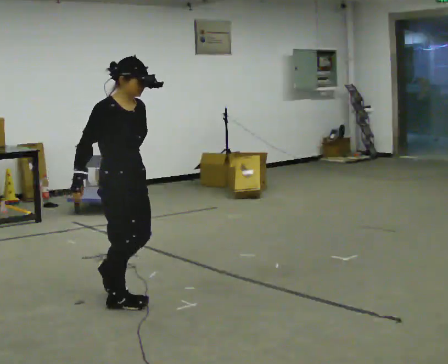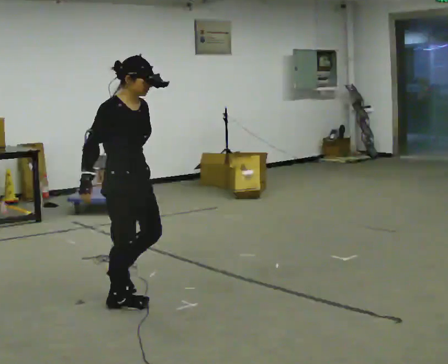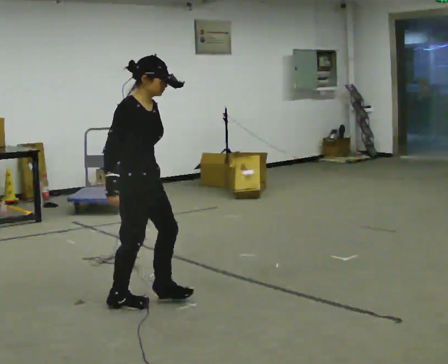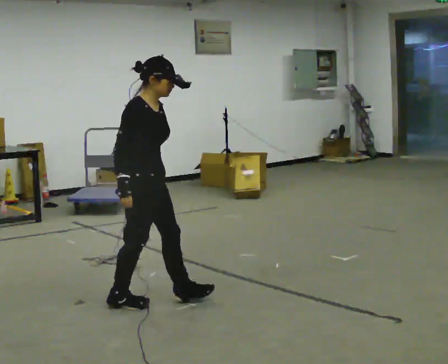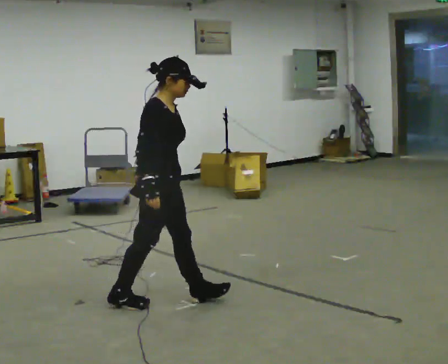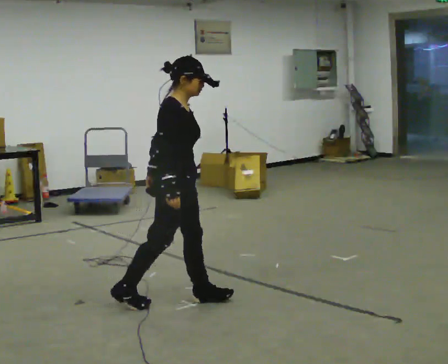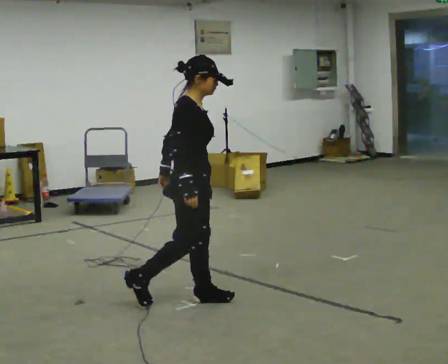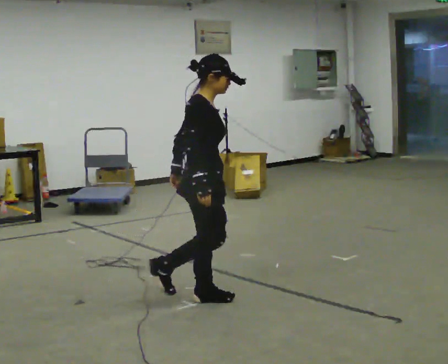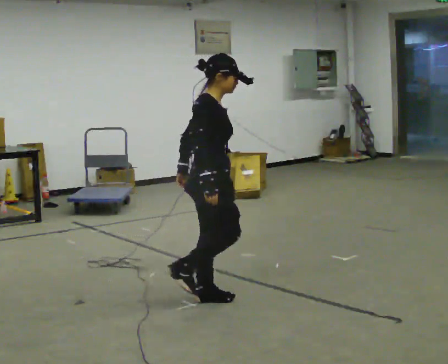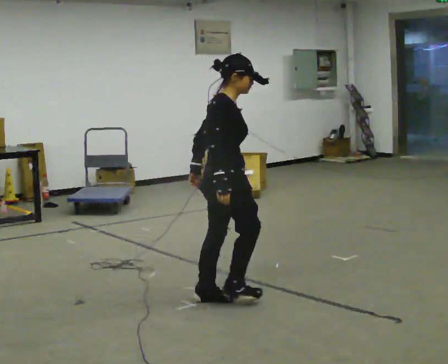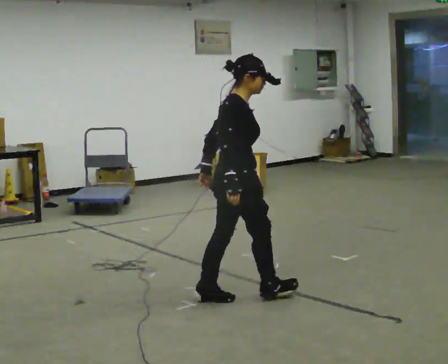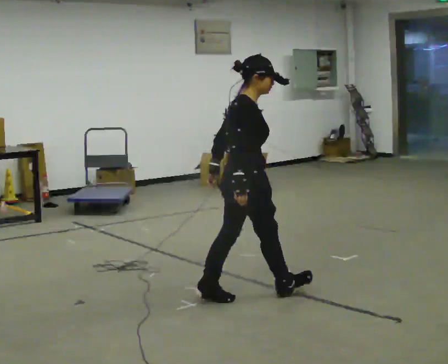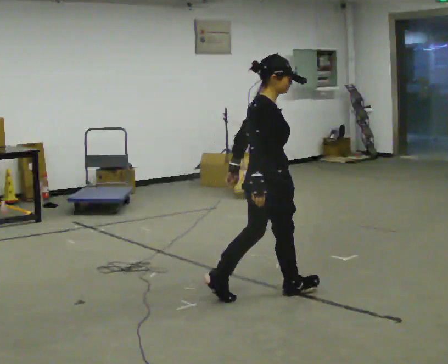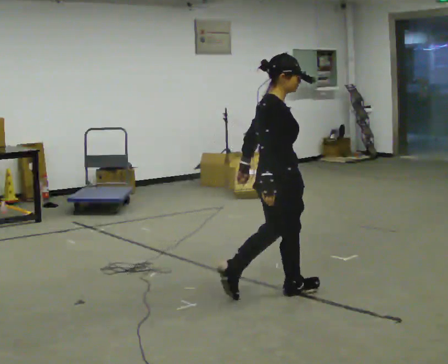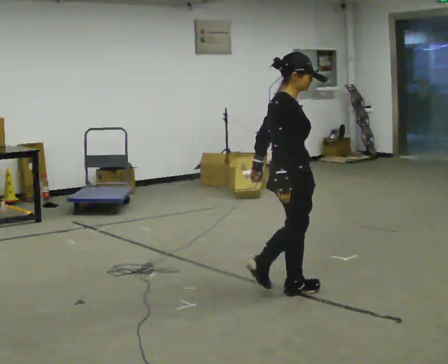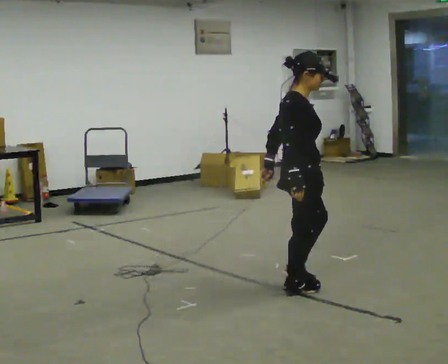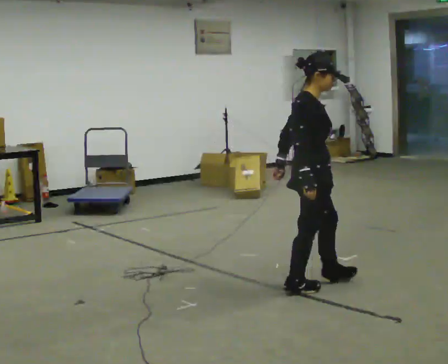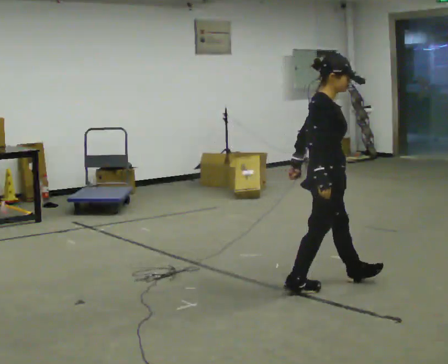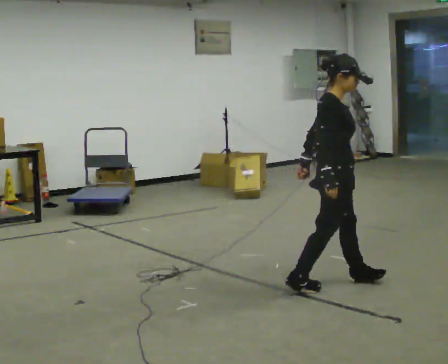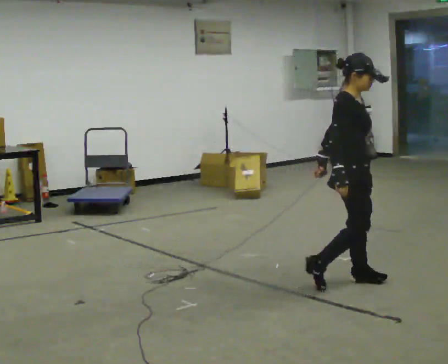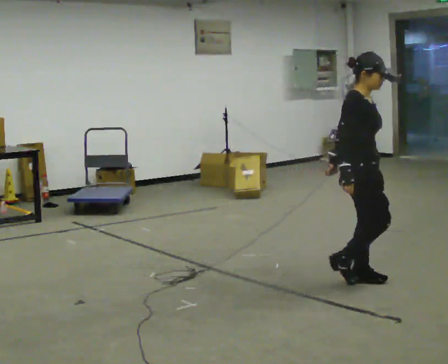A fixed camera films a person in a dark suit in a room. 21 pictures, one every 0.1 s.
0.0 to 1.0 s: Seen from above the body turns counterclockwise, about 30 degrees: to their left, with its near side sliding to the right. In the picture they go to the right, about 0.75 m in 1 step, which for them is forward.
1.0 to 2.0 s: The part of the body nearest the lens slides to the left as the person turns to their right by about 30 degrees. In the picture they go to the right, about 1 m in 2 steps, which for them is forward.
The film runs forward here.
